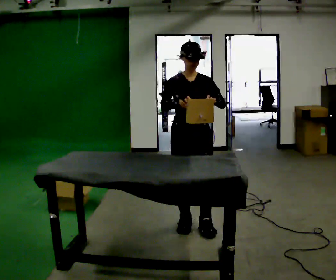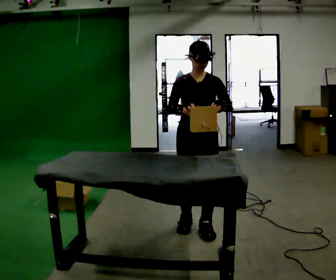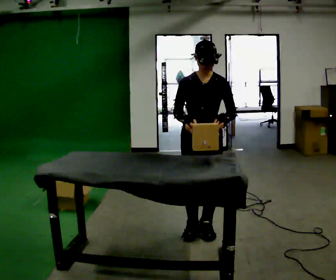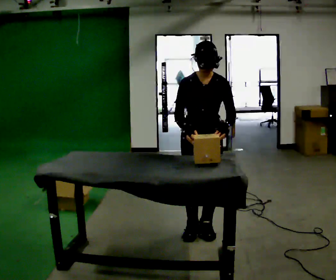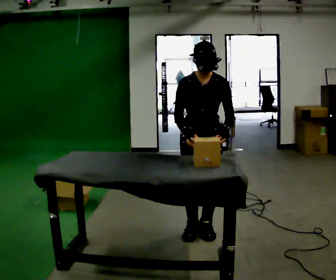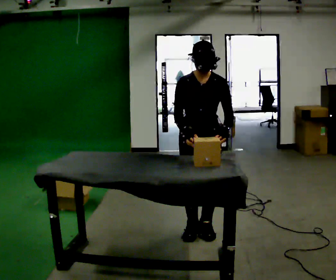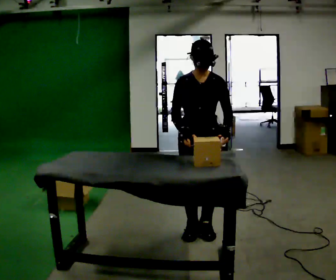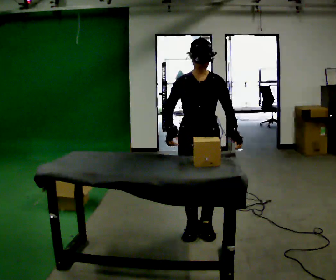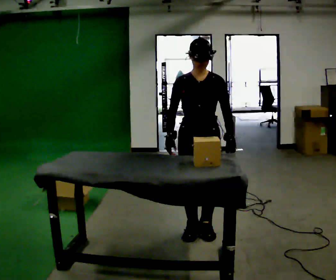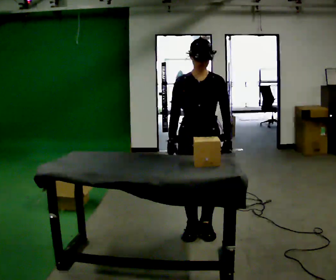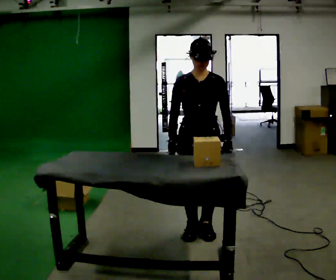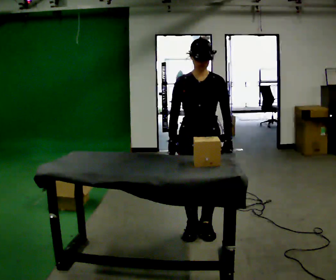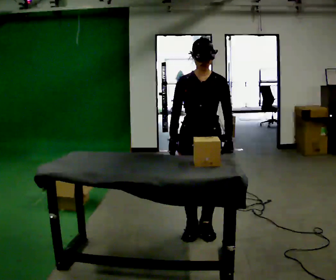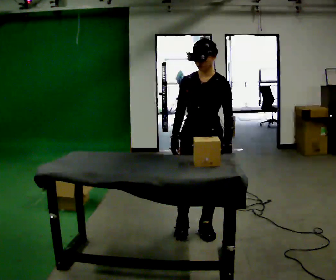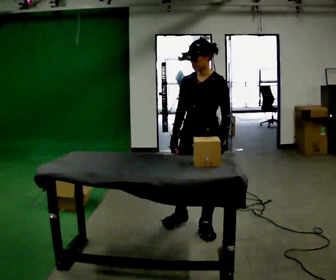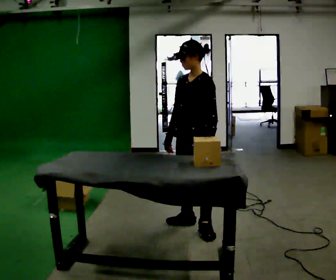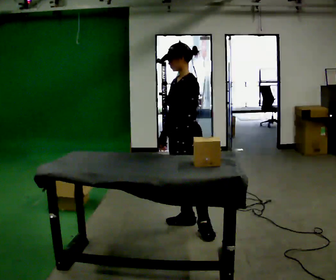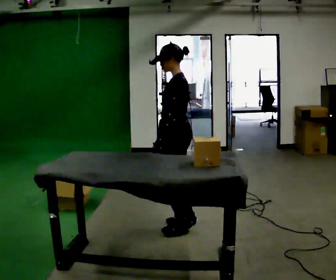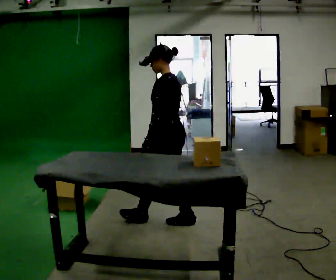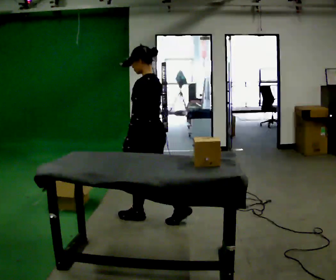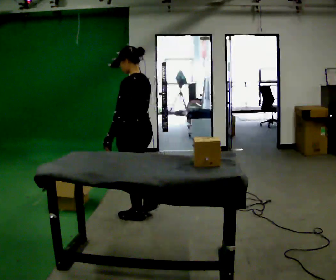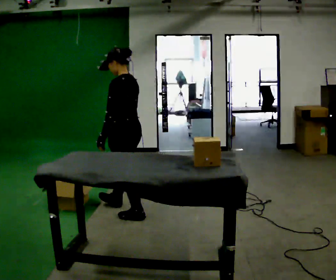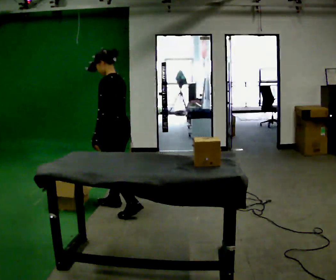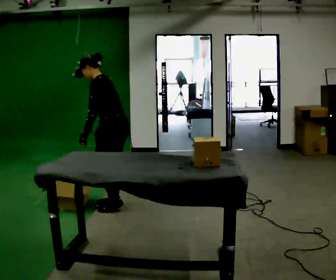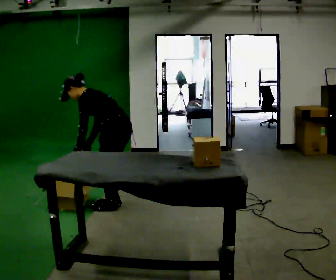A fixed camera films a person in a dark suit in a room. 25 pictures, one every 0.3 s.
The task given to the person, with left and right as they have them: Take an object out of the bin at knee height, carry it across the room, and place it on the chest-height shelf. Keep going until the operator says stop; one object at a time, and do not rush between trips.
0.0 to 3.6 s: In the picture they go toward the camera, about 0.25 m in 2 steps, which for them is forward.
3.6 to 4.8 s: Seen from above the body turns clockwise, about 60 degrees: to their right, with its near side sliding to the left. In the picture they go away from the camera, about 0.25 m in 1 step. In the picture their left hand goes to the left.
4.8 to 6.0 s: The person turns about 45 degrees to their right, clockwise seen from above, so the part of the body nearest the lens slides to the left. In the picture they go to the left, about 0.5 m in 1 step, which for them is forward.
6.0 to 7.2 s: In the picture they go away from the camera and to the left, about 0.25 m in 2 steps, which for them is forward and to their right. The shoulders move downward. In the picture the upper body tilts counterclockwise, shoulders to the left, as they bend forward.
The film runs forward here.
